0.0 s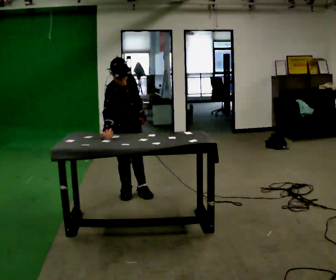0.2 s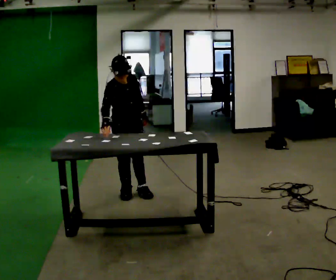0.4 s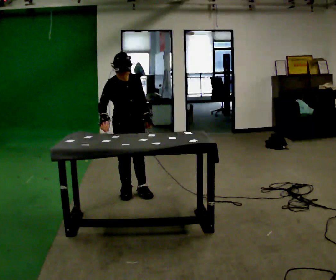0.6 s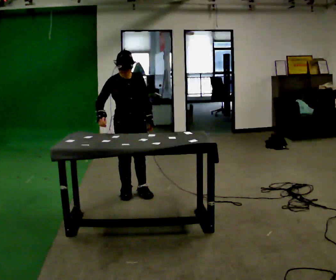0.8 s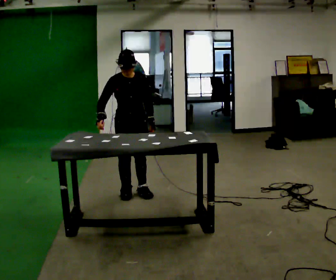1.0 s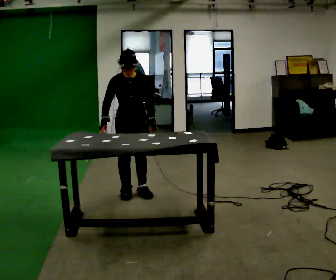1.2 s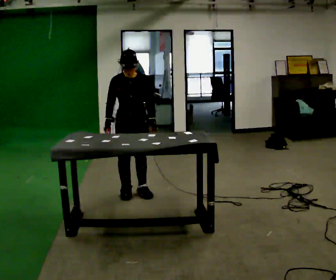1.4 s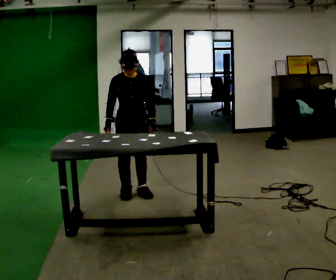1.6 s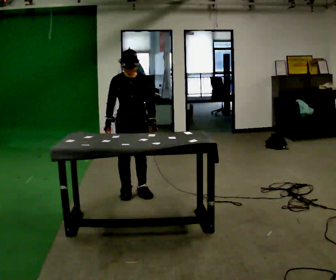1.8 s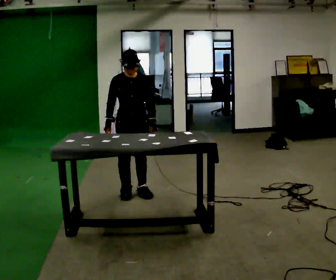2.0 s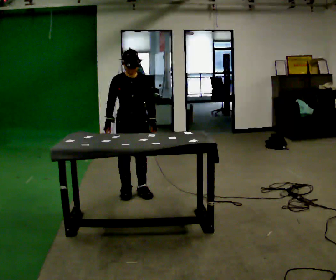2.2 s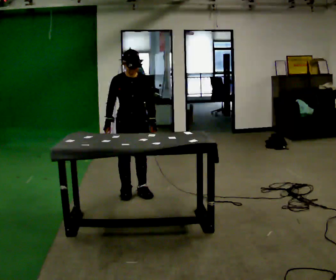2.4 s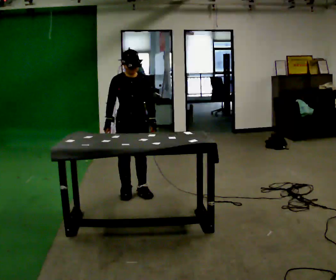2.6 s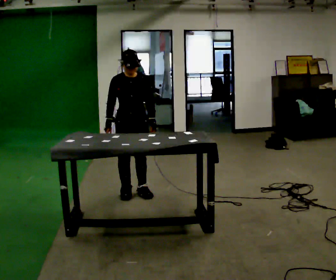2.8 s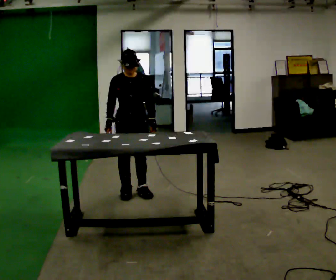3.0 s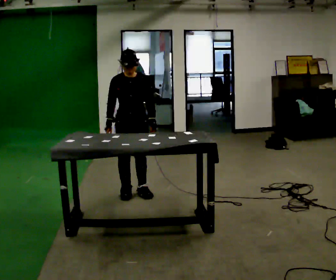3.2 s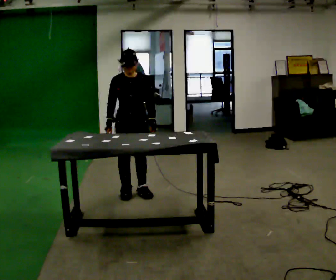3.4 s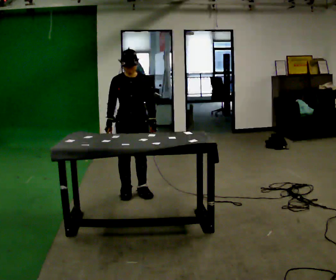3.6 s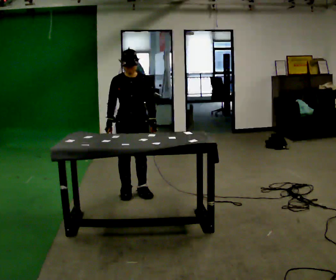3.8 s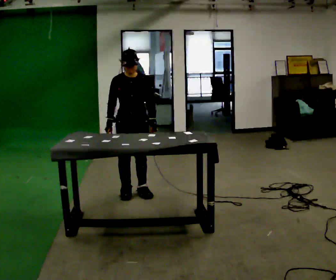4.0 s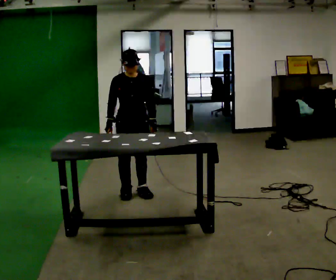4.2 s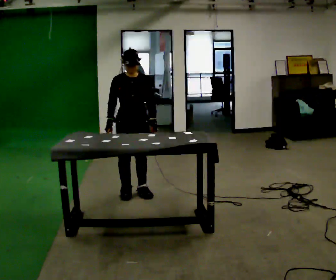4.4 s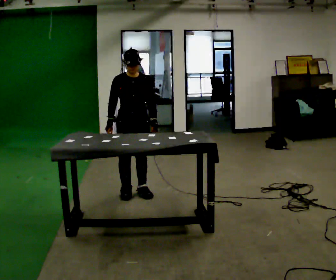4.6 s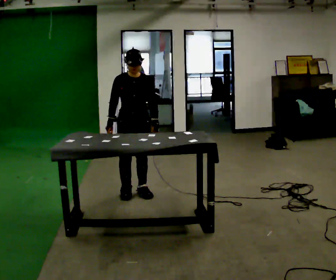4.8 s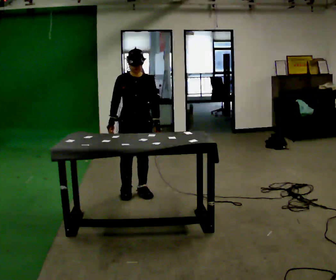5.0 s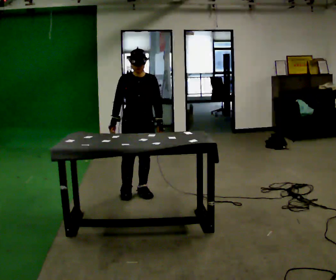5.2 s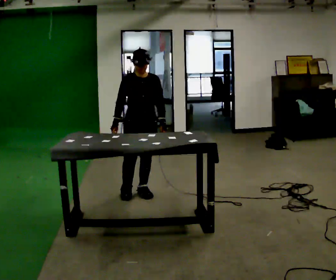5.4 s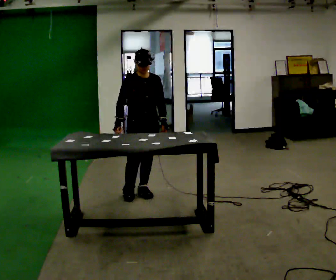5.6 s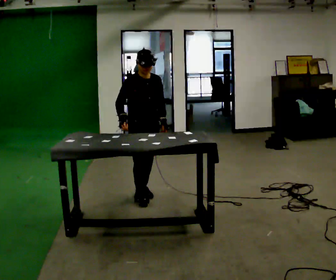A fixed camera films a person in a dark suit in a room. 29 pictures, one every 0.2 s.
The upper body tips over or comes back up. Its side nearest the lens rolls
upward.
0.0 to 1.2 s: The person turns about 30 degrees to their right, clockwise seen from above, so the part of the body nearest the lens slides to the left. The upper body tips away from the camera, its near side rolling upward, as they lean back or straighten.
1.2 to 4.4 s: The person keeps their place and pose.
4.4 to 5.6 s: The person moves a little, or ends about where they began.
The film runs backward here.
